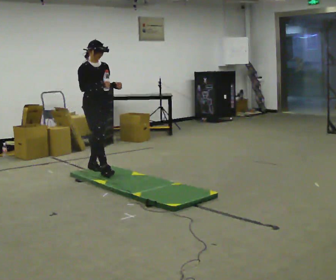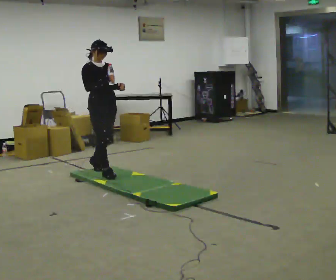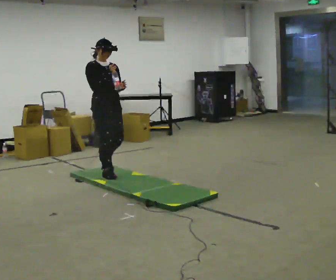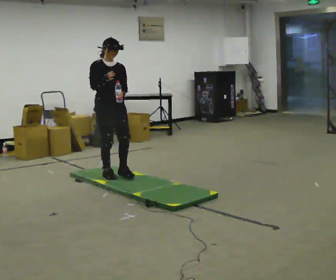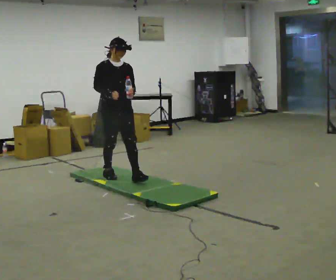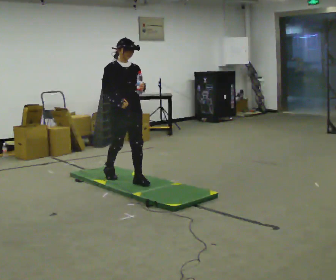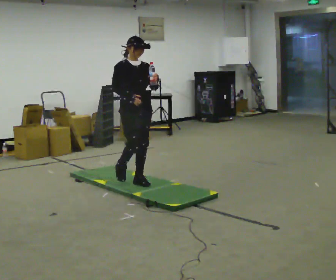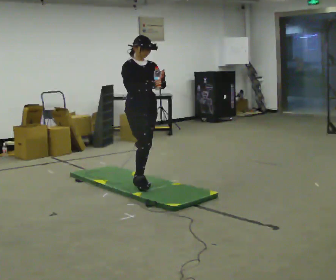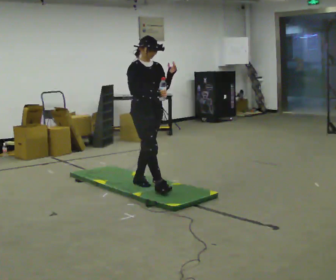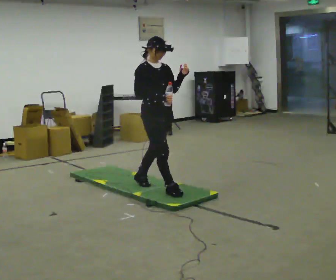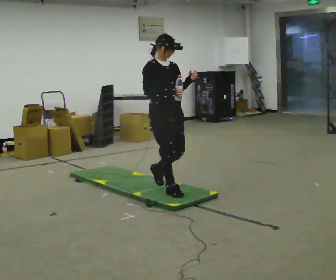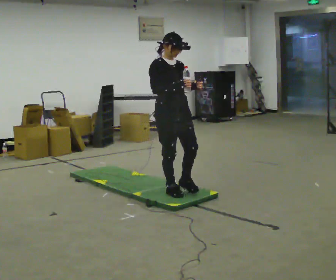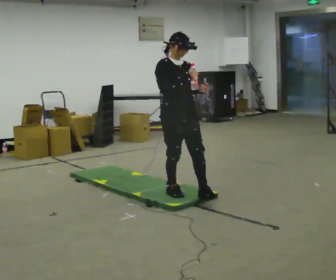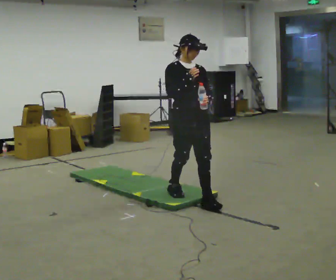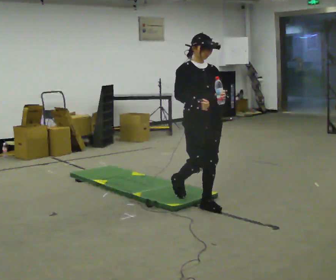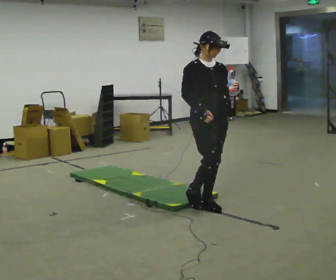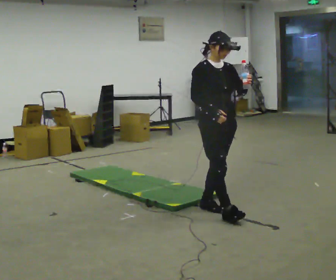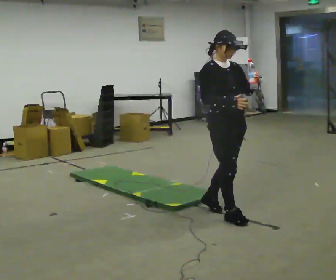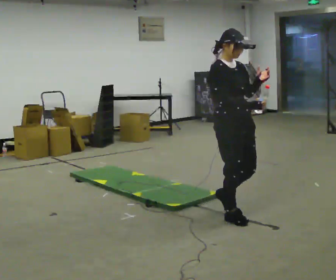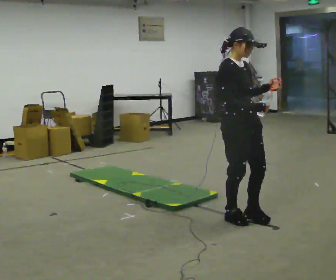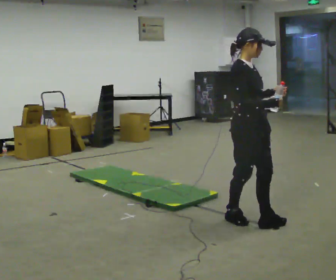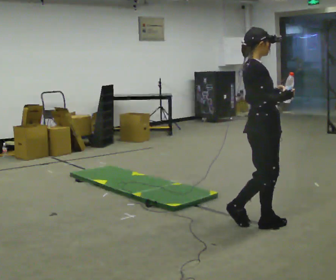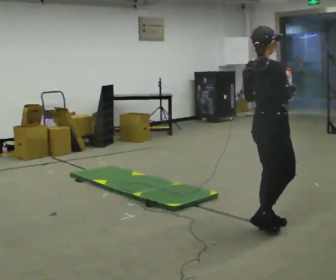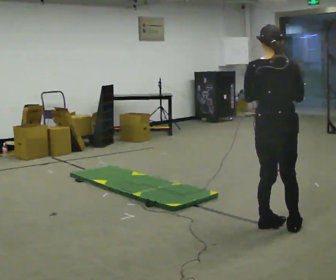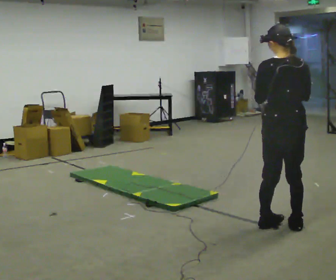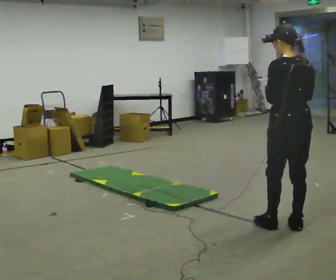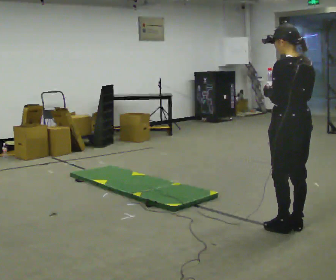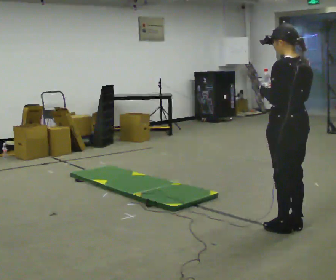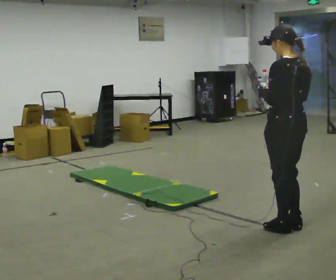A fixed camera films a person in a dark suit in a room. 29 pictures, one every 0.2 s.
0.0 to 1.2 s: In the picture they go to the right and toward the camera, about 0.5 m in 2 steps, which for them is forward.
1.2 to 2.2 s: In the picture they go toward the camera and to the right, about 0.5 m in 1 step, which for them is forward.
2.2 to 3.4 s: In the picture they go toward the camera and to the right, about 0.5 m in 2 steps, which for them is forward.
3.4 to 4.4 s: The person turns about 75 degrees to their left, counterclockwise seen from above, so the part of the body nearest the lens slides to the right. In the picture they go to the right and toward the camera, about 0.5 m in 1 step.
4.4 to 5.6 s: The person turns about 105 degrees to their left, counterclockwise seen from above, so the part of the body nearest the lens slides to the right. In the picture they go to the right, about 0.25 m in 2 steps.
The film runs forward here.
